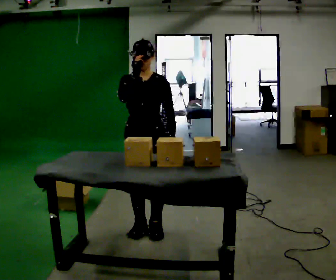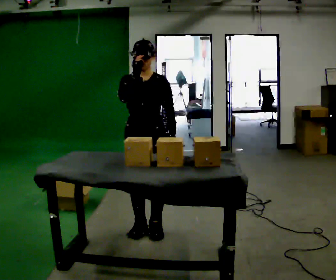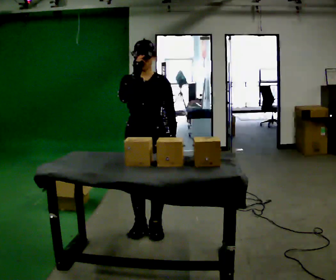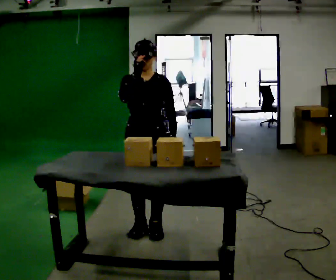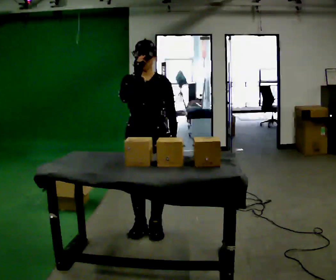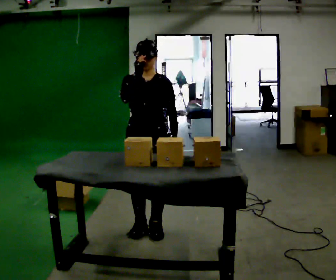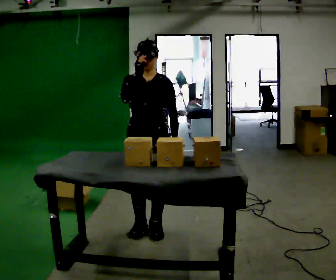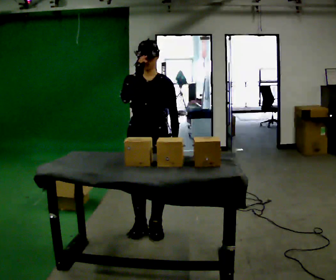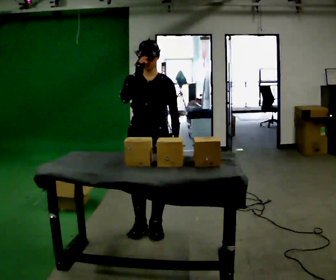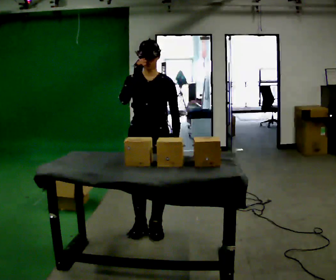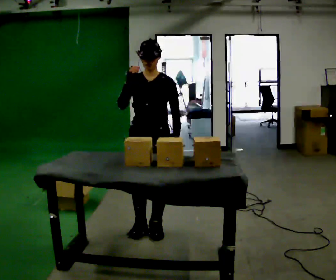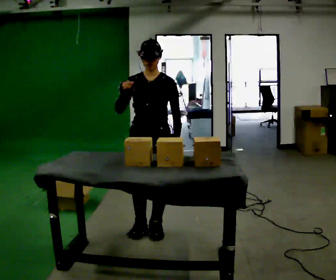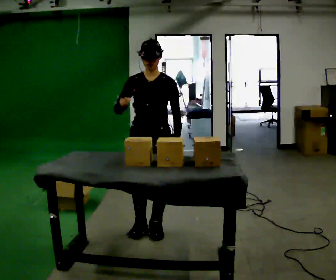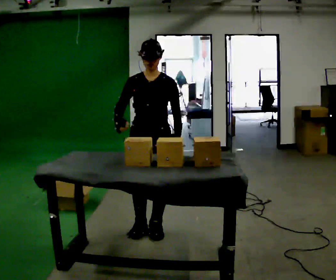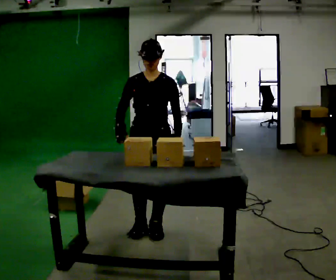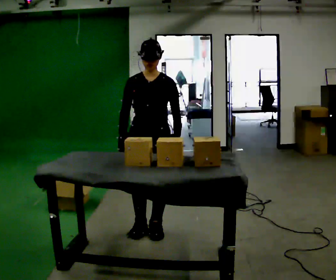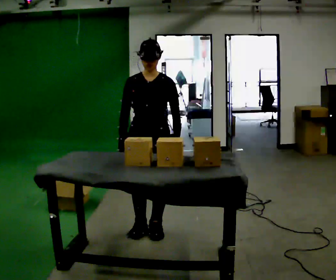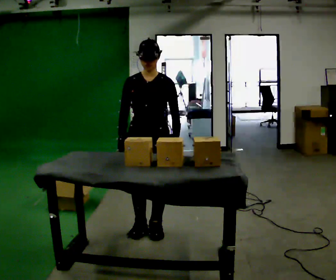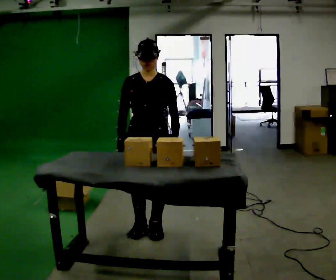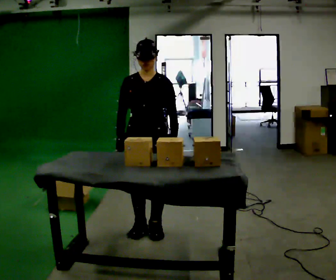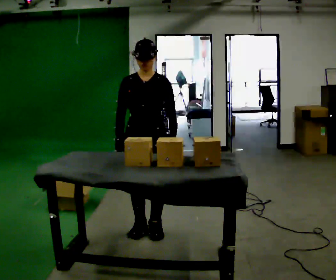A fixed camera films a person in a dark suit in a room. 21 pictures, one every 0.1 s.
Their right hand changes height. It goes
downward.
0.0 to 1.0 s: The person moves a little, or ends about where they began.
1.0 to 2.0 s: In the picture their right hand goes downward.
The film runs backward here.
